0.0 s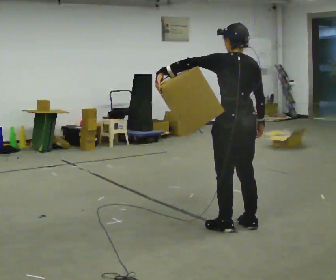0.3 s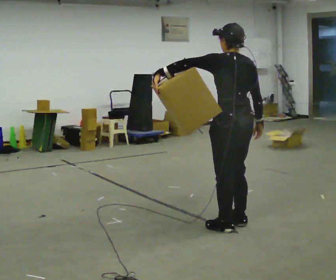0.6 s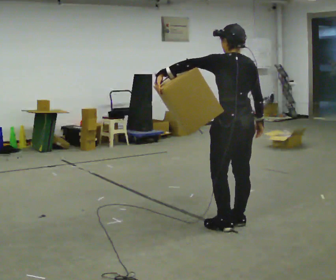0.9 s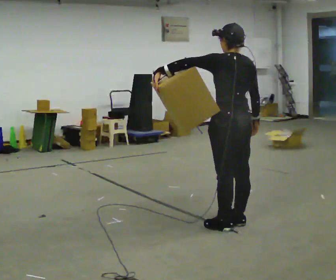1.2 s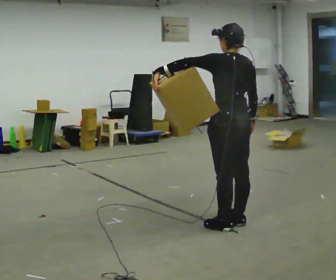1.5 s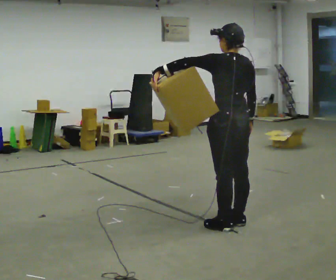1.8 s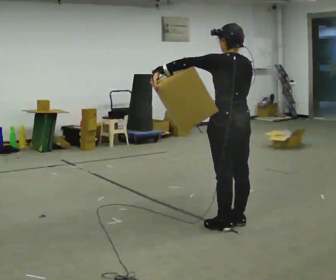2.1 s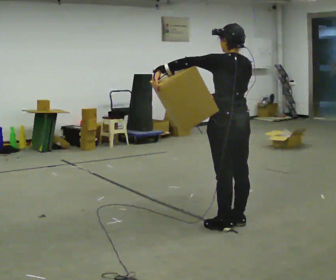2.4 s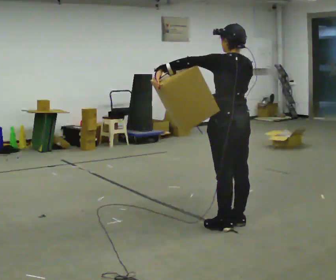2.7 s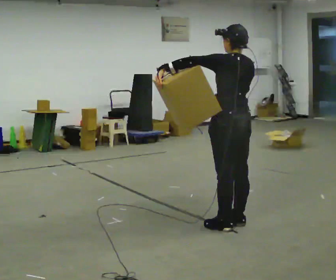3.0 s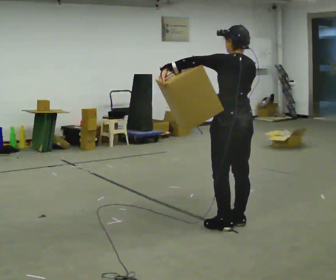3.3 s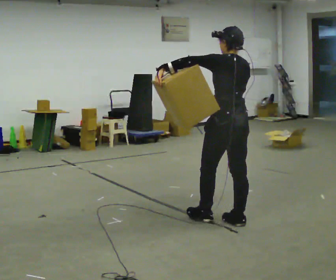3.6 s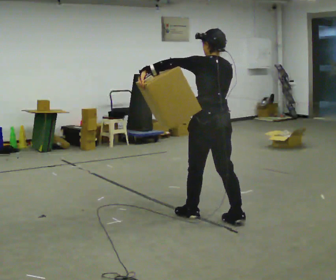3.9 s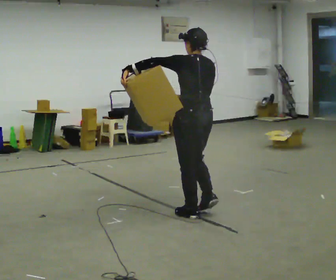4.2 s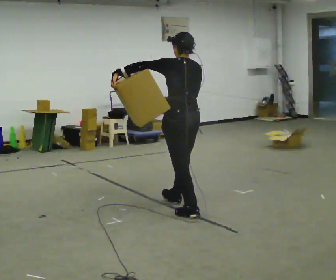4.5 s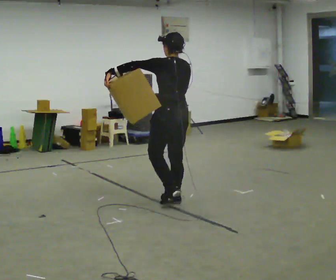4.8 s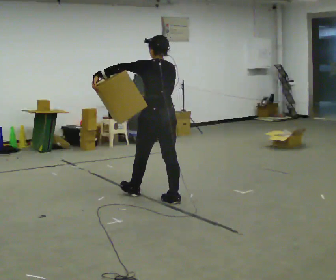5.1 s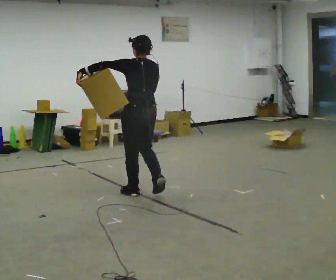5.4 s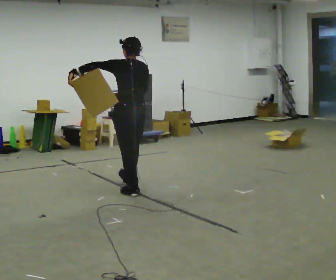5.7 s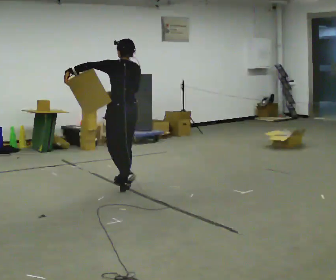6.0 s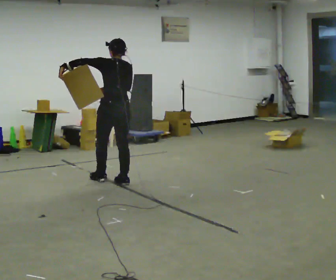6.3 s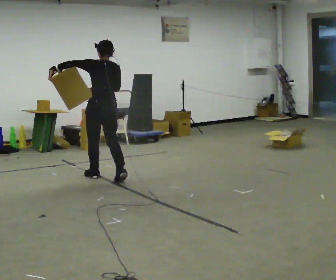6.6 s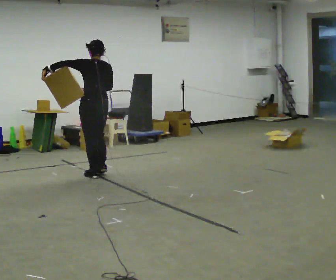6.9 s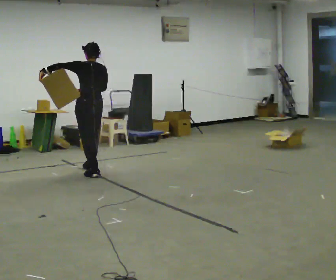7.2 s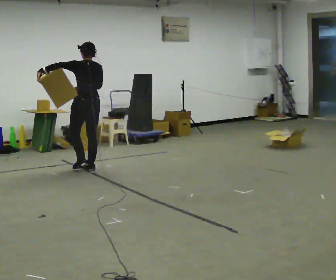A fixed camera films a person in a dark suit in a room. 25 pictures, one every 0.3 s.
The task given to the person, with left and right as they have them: Hold the object against your hip on the side the operator calls, and carry it back and forth across the room.
0.0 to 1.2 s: The person moves a little, or ends about where they began.
1.2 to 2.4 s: In the picture their right hand goes to the left, the arm swinging clockwise.
2.4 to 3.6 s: In the picture they go away from the camera and to the left, about 0.25 m in 1 step, which for them is forward.
3.6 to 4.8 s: In the picture they go away from the camera and to the left, about 1 m in 2 steps, which for them is forward.
4.8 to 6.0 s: In the picture they go away from the camera and to the left, about 1 m in 1 step, which for them is forward.
6.0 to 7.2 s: In the picture they go away from the camera and to the left, about 0.5 m in 2 steps, which for them is forward.
The film runs forward here.
